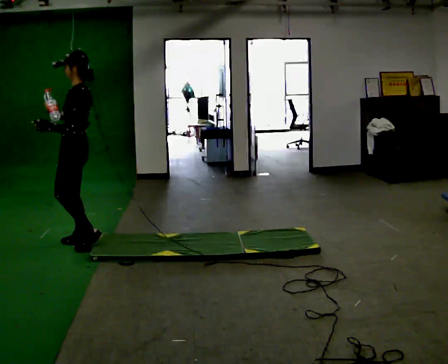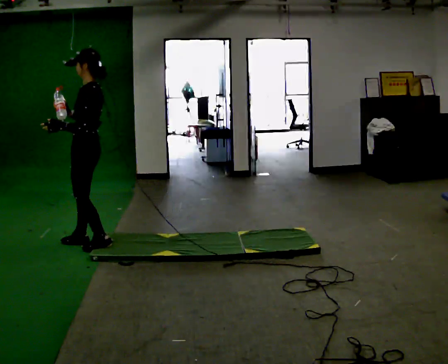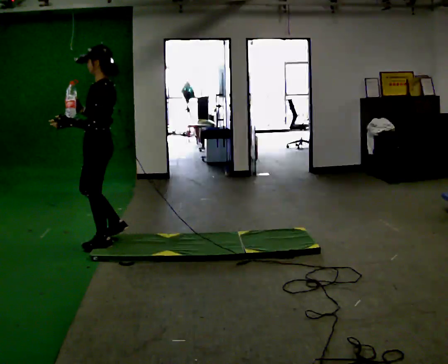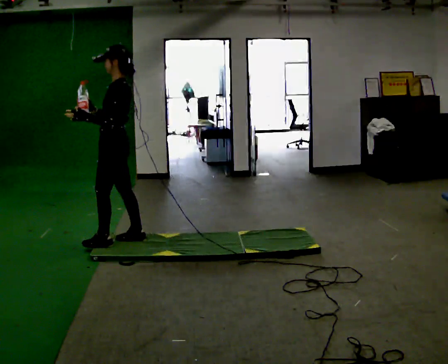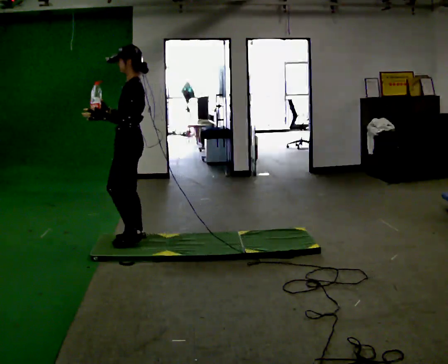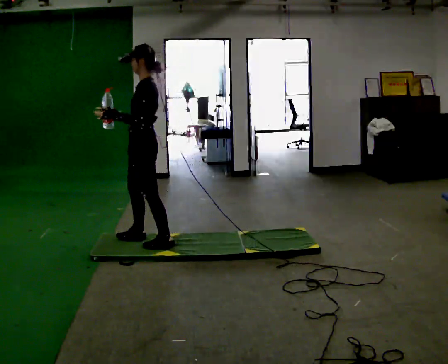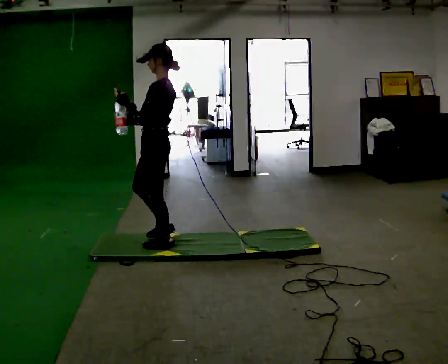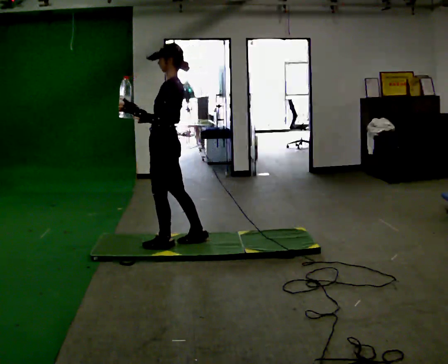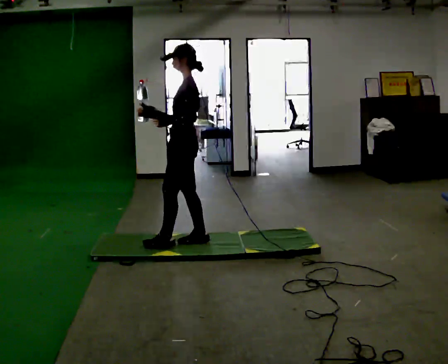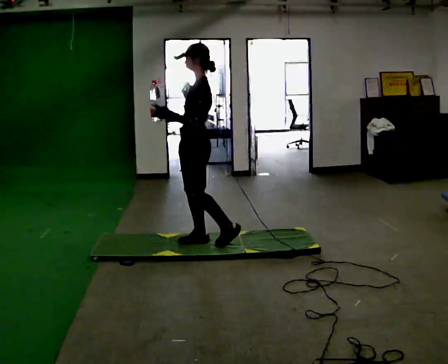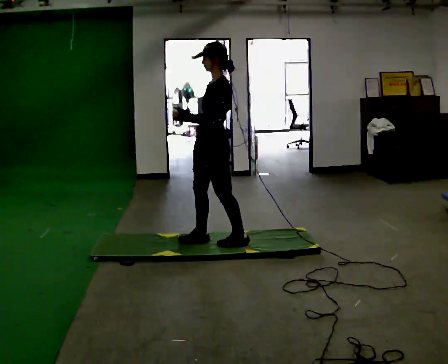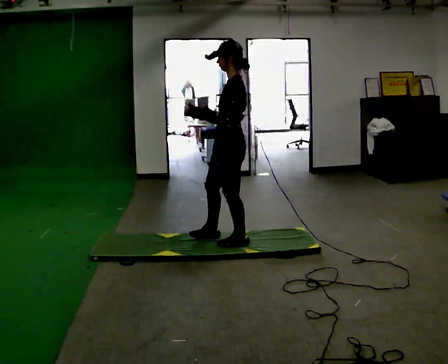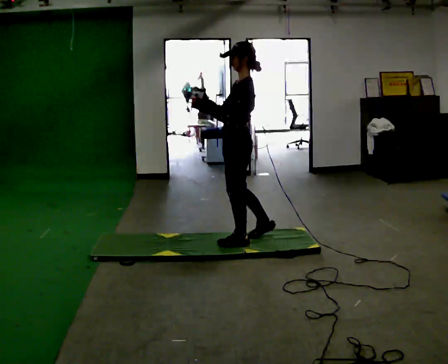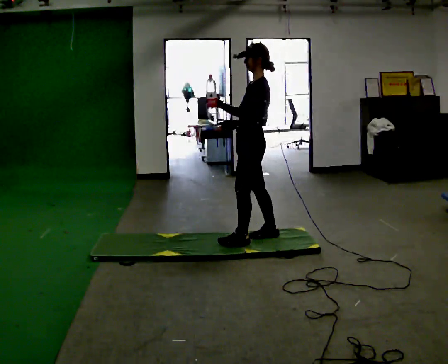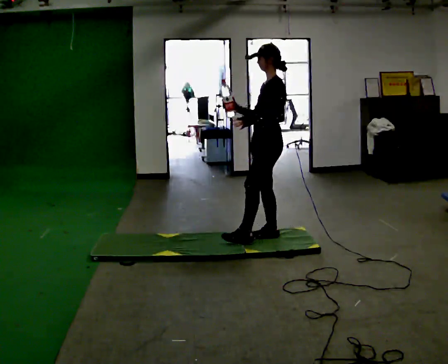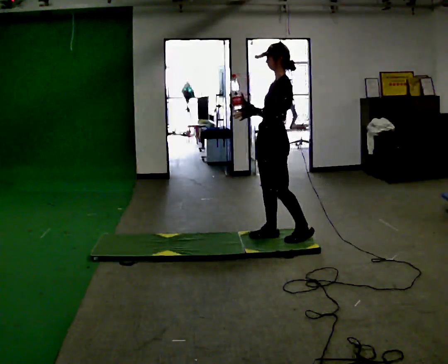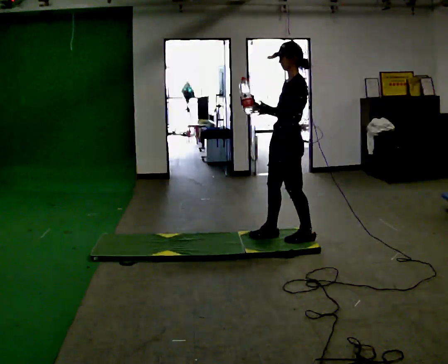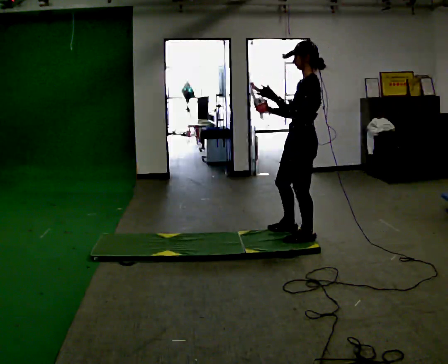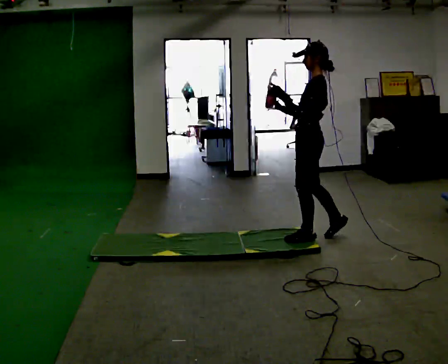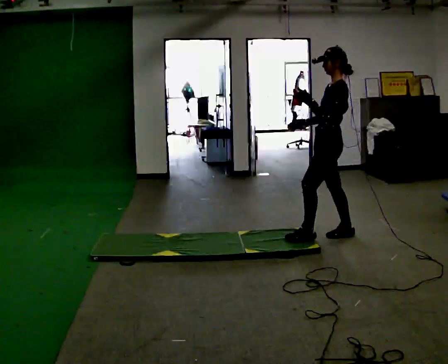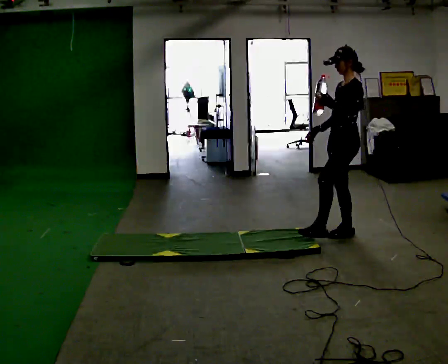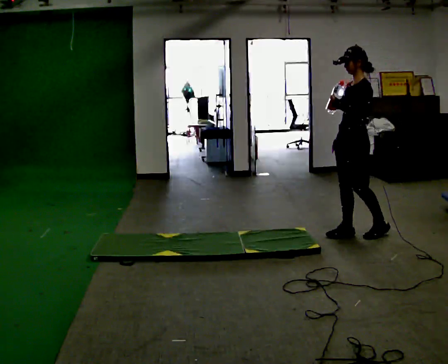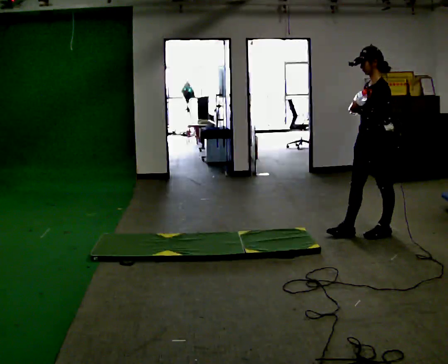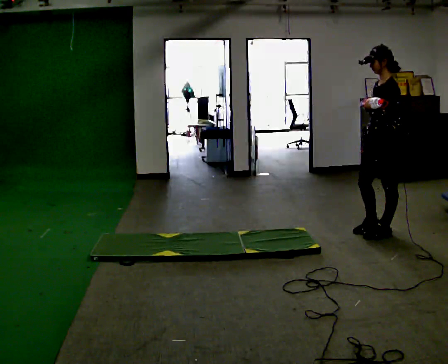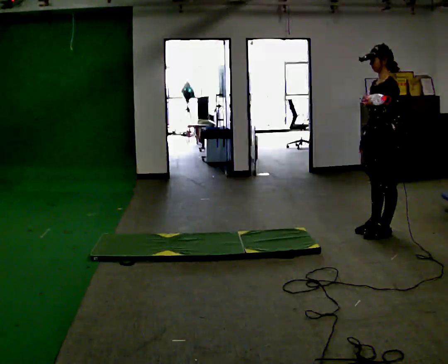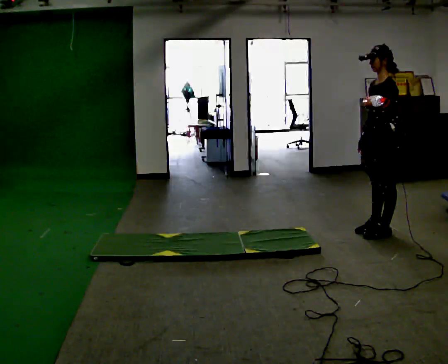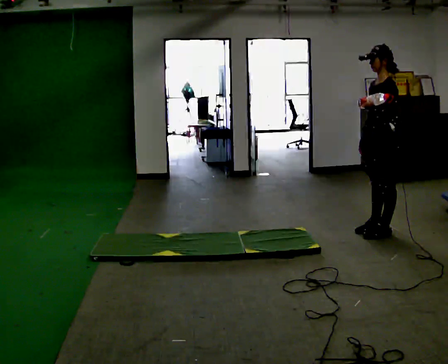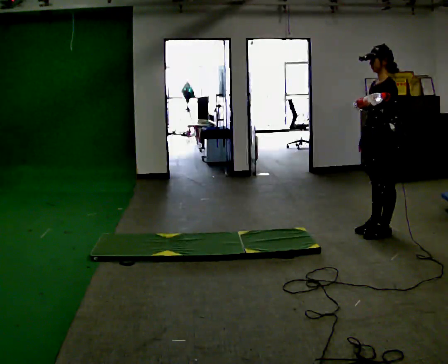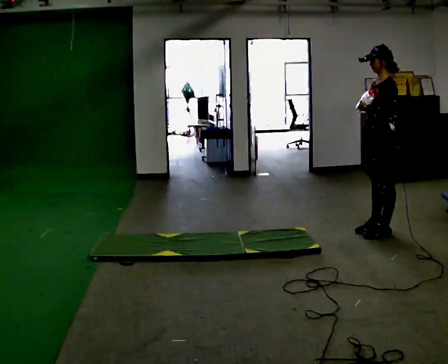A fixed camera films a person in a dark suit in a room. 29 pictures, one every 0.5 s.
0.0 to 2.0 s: In the picture they go to the right, about 0.5 m in 2 steps, which for them is backward.
2.0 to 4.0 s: In the picture they go to the right, about 0.5 m in 1 step, which for them is backward.
4.0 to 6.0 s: In the picture they go to the right, about 0.5 m in 2 steps, which for them is backward.
6.0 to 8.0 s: In the picture they go to the right, about 0.5 m in 1 step, which for them is backward.
8.0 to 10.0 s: In the picture they go to the right, about 0.5 m in 2 steps, which for them is backward and to their right.
10.0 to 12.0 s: In the picture they go to the right, about 0.25 m in 1 step, which for them is backward.
12.0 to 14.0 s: The person moves a little, or ends about where they began.
The film runs backward here.
